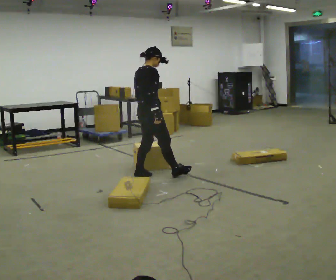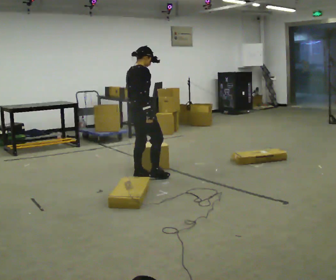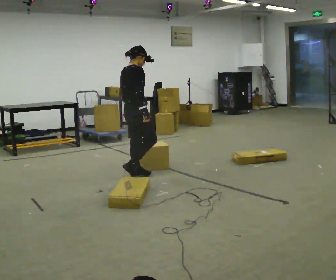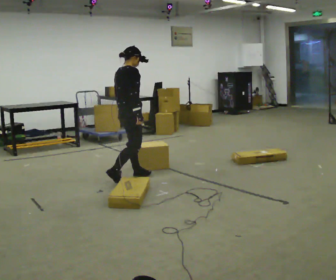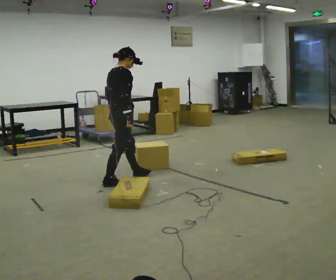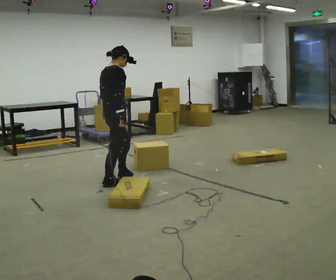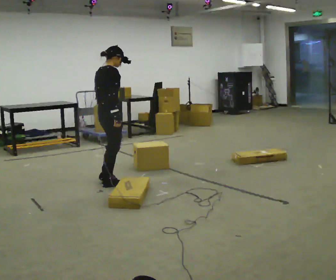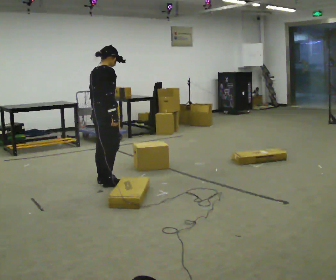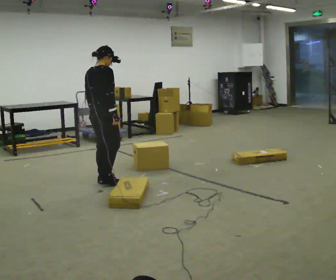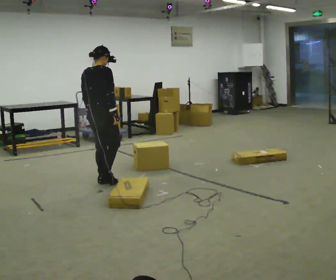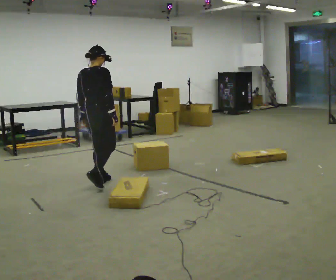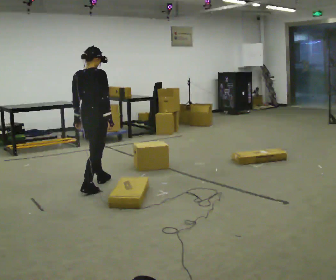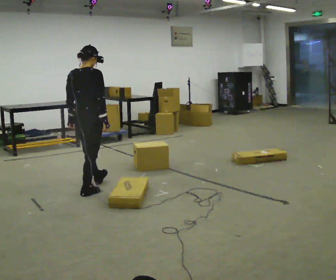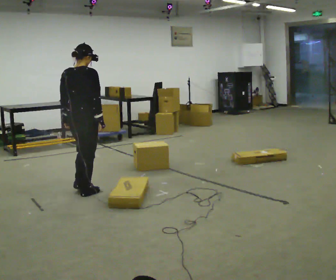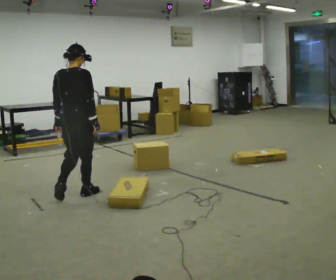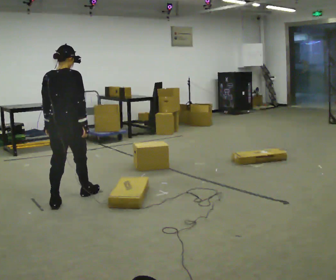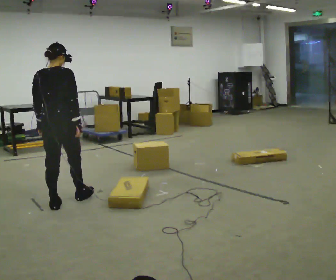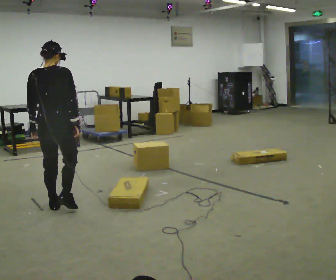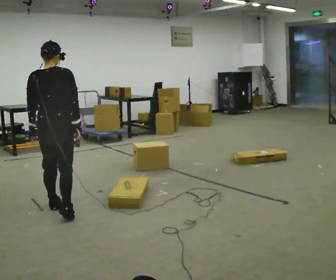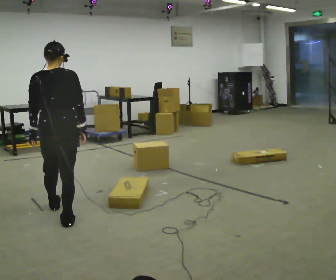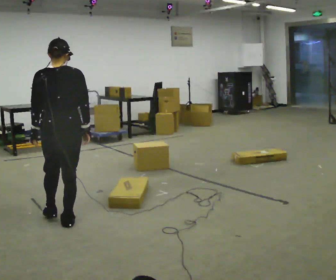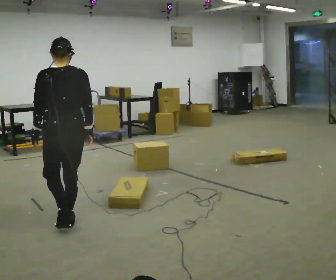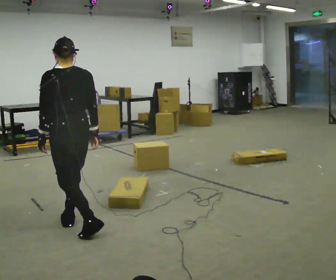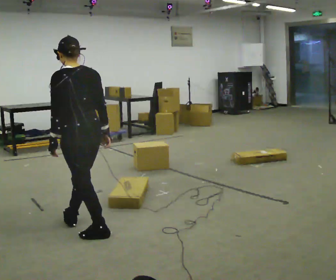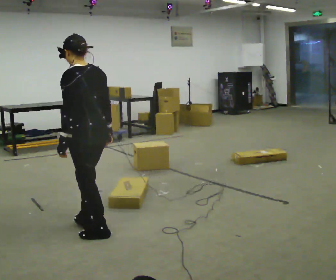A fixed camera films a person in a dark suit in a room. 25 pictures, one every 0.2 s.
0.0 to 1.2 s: In the picture they go to the left and toward the camera, about 0.5 m in 1 step, which for them is backward.
1.2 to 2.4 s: Seen from above the body turns counterclockwise, about 30 degrees: to their left, with its near side sliding to the right. In the picture they go toward the camera and to the left, about 0.25 m in 2 steps, which for them is backward.
2.4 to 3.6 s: The part of the body nearest the lens slides to the right as the person turns to their left by about 30 degrees. In the picture they go toward the camera and to the left, about 0.5 m in 1 step, which for them is backward.
3.6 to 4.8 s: Seen from above the body turns counterclockwise, about 60 degrees: to their left, with its near side sliding to the right. In the picture they go toward the camera and to the right, about 0.5 m in 2 steps.
The film runs backward here.
